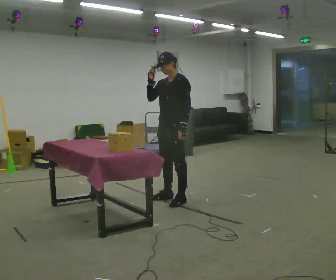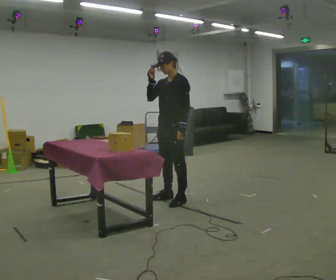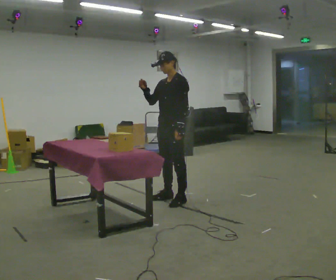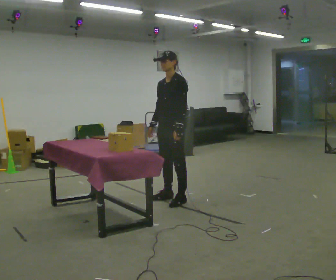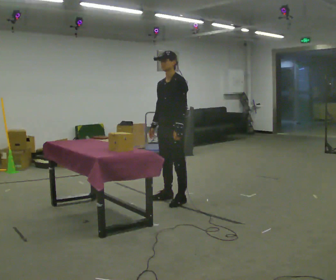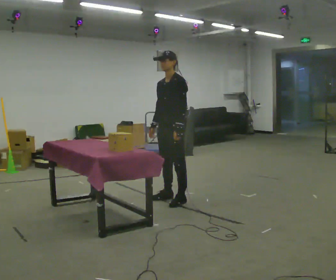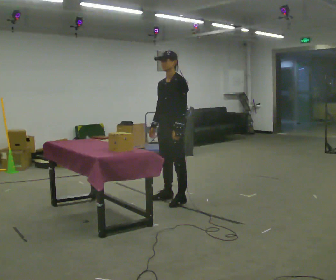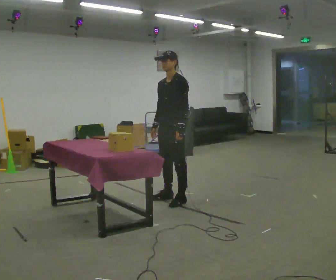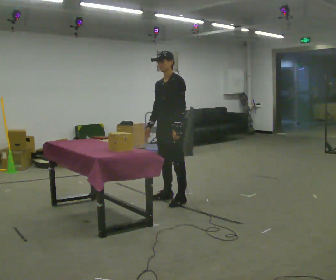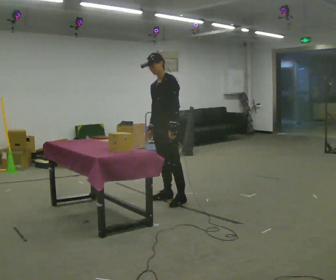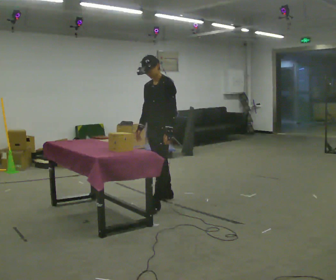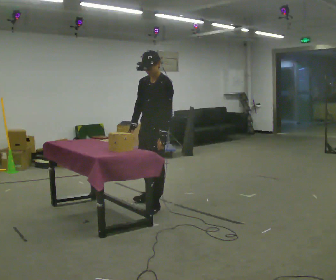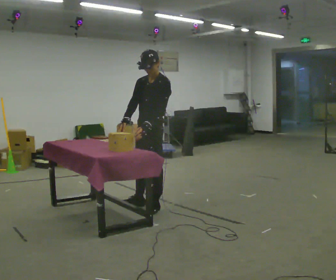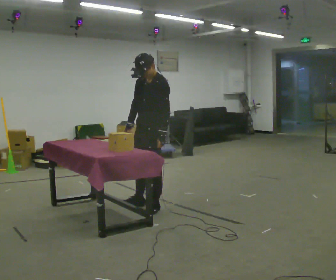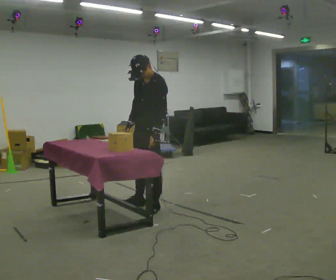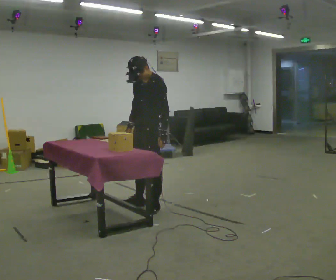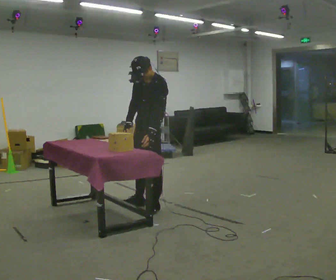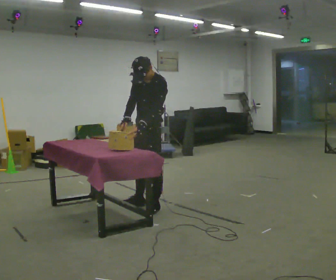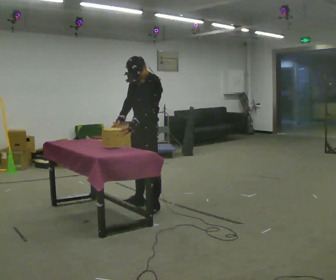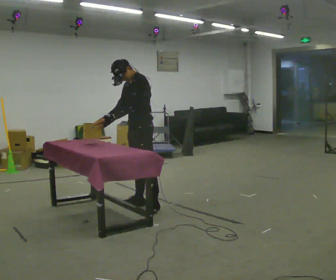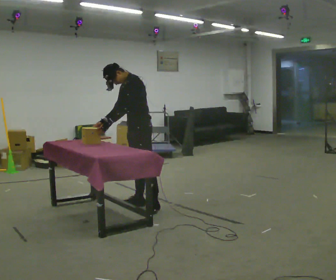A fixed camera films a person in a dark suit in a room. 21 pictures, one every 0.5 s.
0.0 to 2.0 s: In the picture their right hand goes downward.
2.0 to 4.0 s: The person moves a little, or ends about where they began.
4.0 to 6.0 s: In the picture they go toward the camera and to the left, about 0.5 m in 2 steps, which for them is forward.
6.0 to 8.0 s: The person moves a little, or ends about where they began.
8.0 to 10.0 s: In the picture the upper body tilts counterclockwise, shoulders to the left. In the picture their left hand goes to the left.
The film runs backward here.
